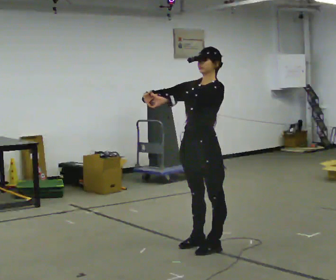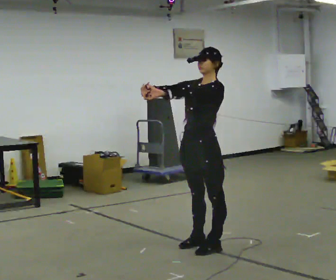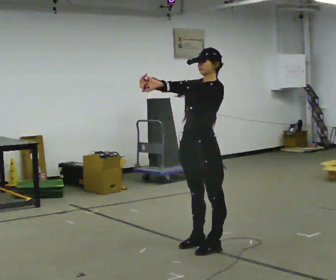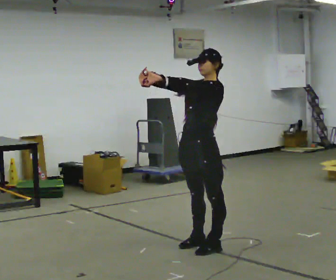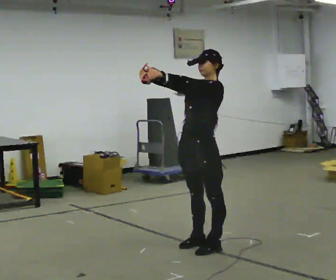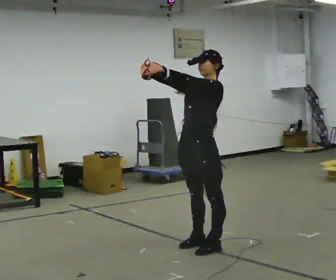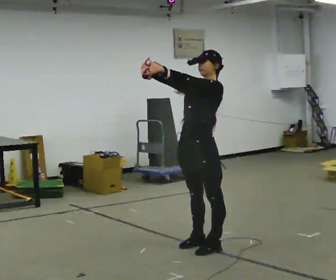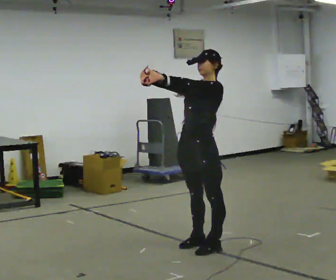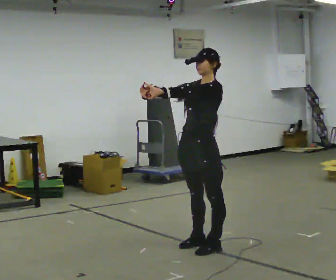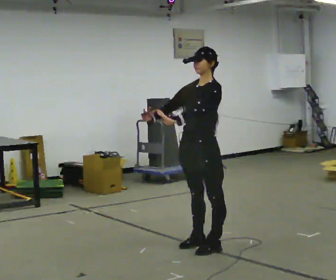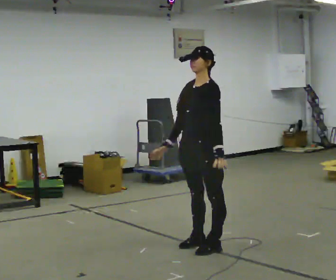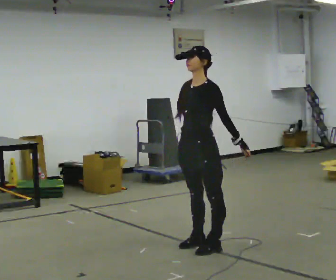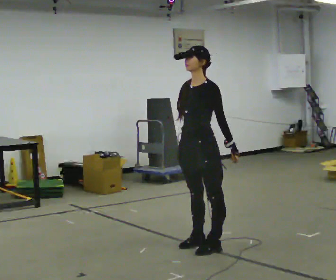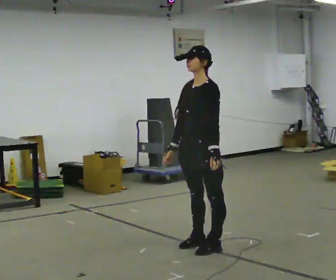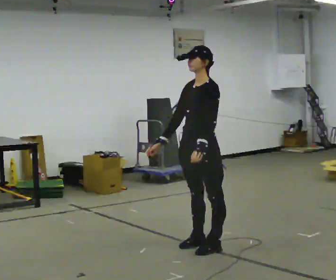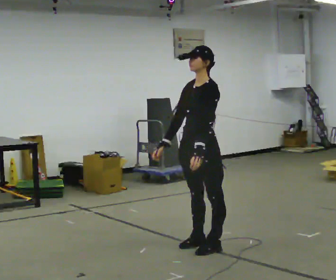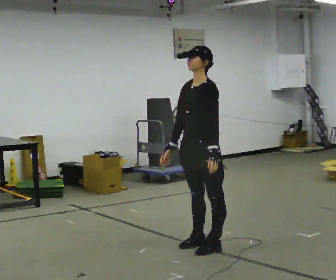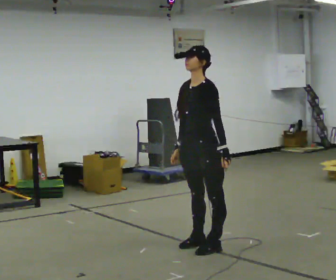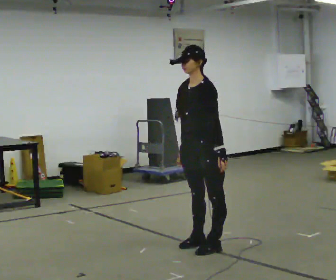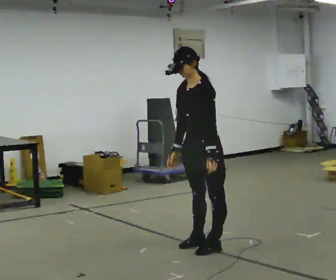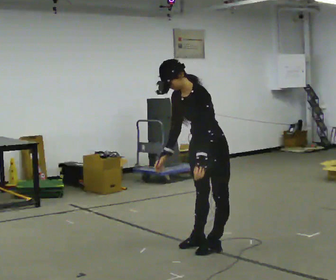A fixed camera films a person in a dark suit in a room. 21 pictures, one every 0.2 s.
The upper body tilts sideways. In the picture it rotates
counterclockwise.
0.0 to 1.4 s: The person moves a little, or ends about where they began.
1.4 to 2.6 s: In the picture their right hand goes downward.
2.6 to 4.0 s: In the picture the upper body tilts counterclockwise, shoulders to the left, as they bend forward.
The film runs forward here.
